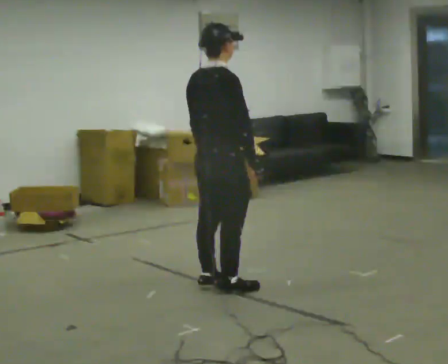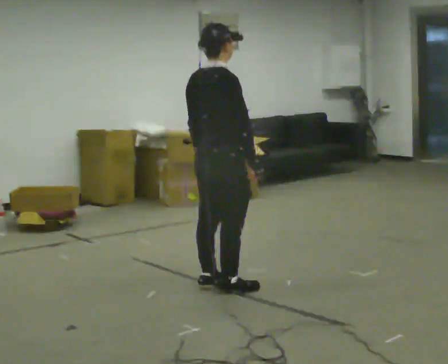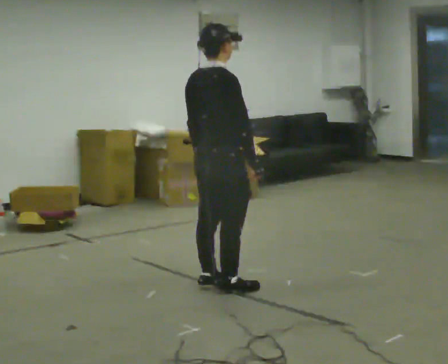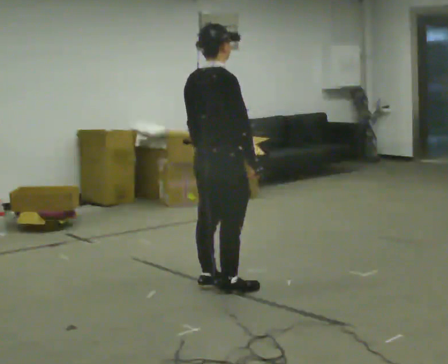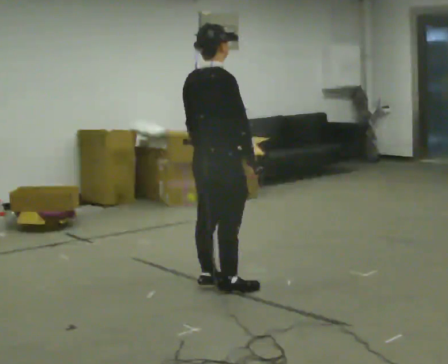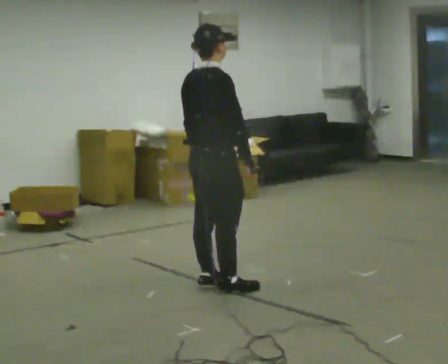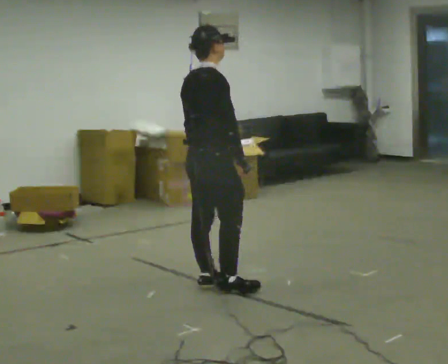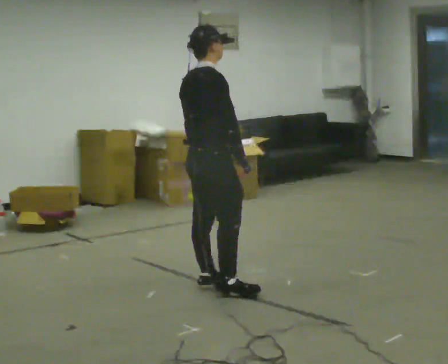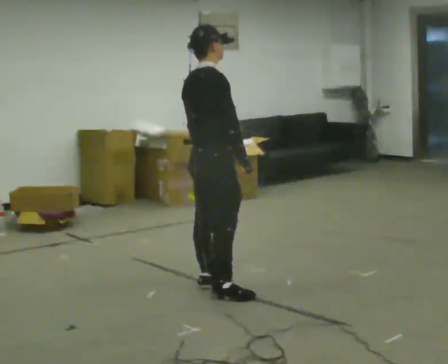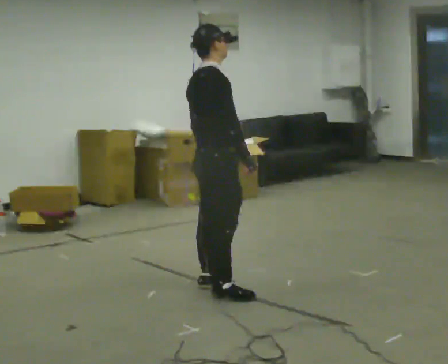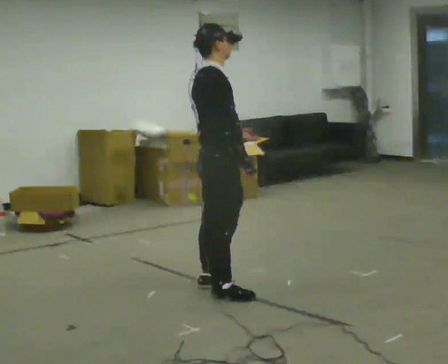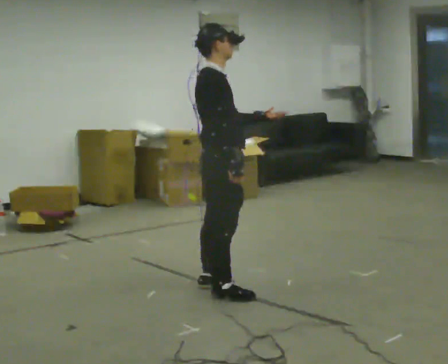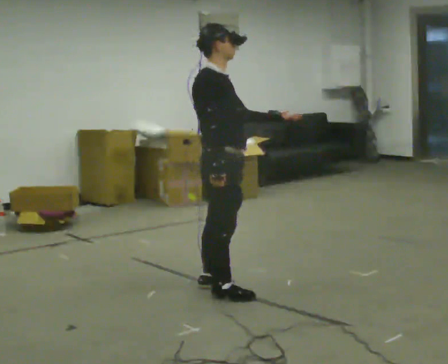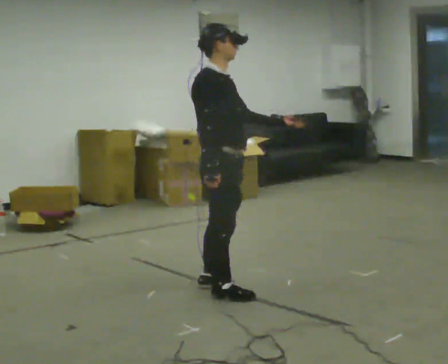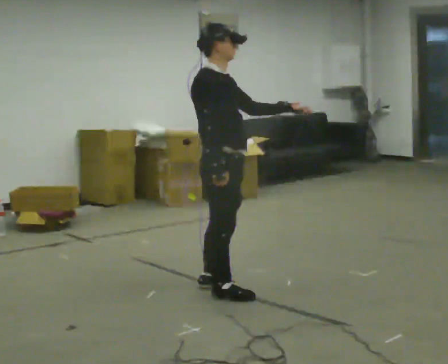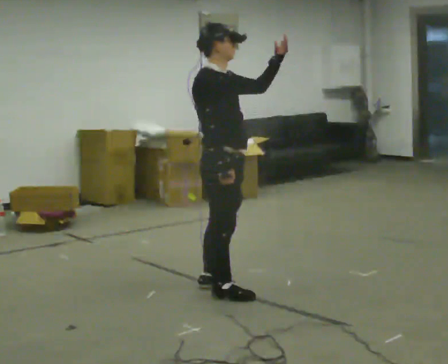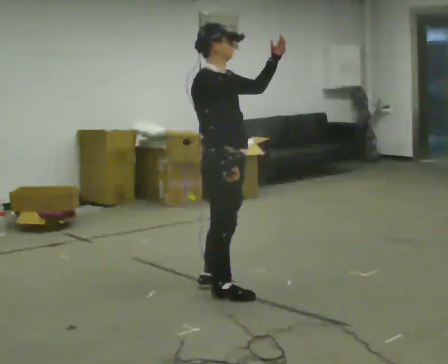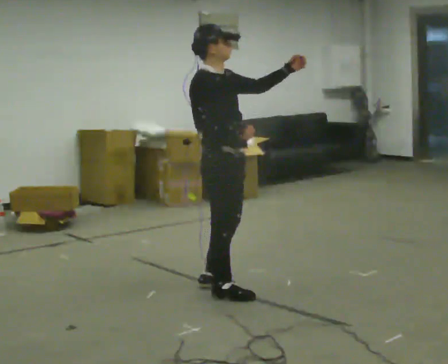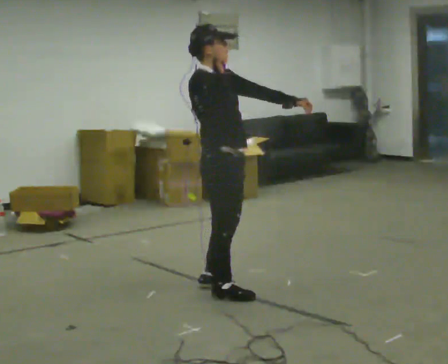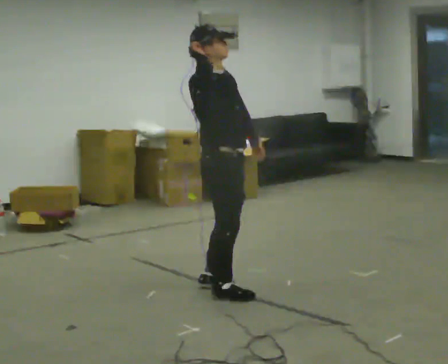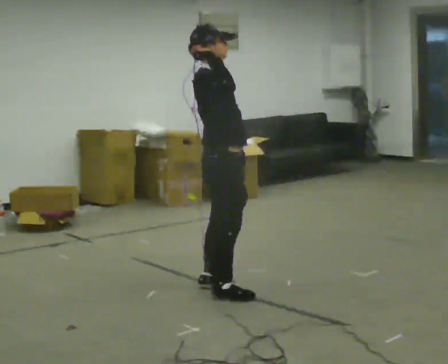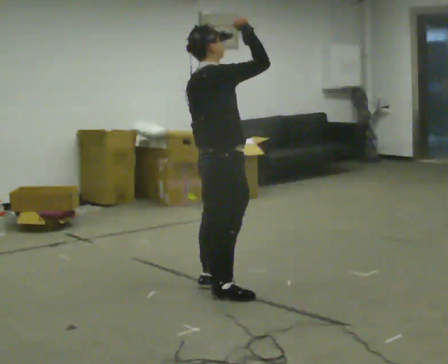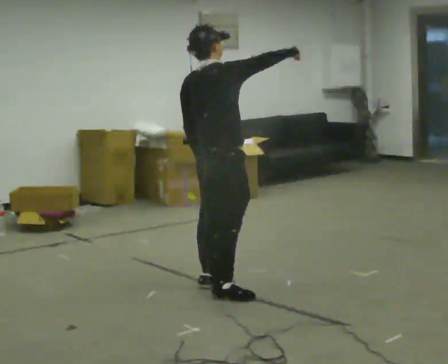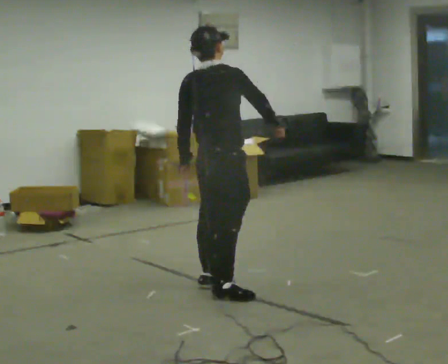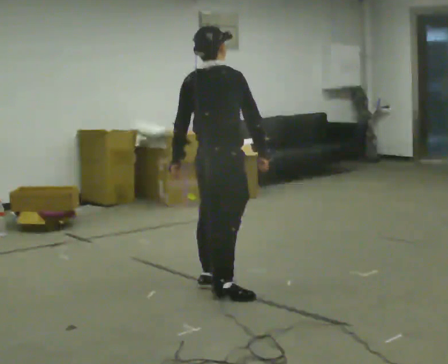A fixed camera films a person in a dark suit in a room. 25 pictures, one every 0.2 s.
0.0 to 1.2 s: The person moves a little, or ends about where they began.
1.2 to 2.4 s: The person turns about 45 degrees to their right, clockwise seen from above, so the part of the body nearest the lens slides to the left. In the picture they go toward the camera, about 0.25 m, which for them is to their right. In the picture their left hand goes to the right, the arm swinging counterclockwise.
2.4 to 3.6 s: In the picture their right hand goes upward.
3.6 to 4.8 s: The person turns about 60 degrees to their left, counterclockwise seen from above, so the part of the body nearest the lens slides to the right. In the picture their left hand goes to the left and downward, the arm swinging clockwise.
The film runs forward here.
